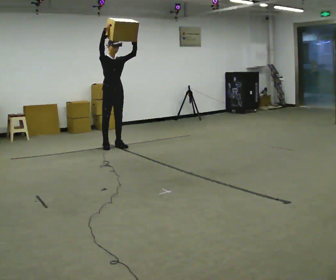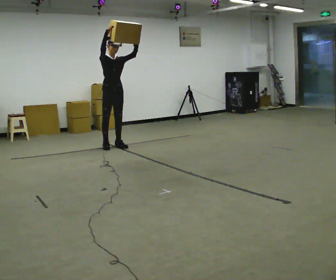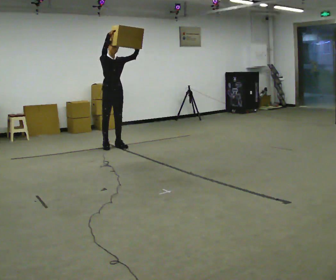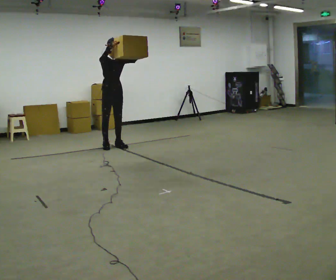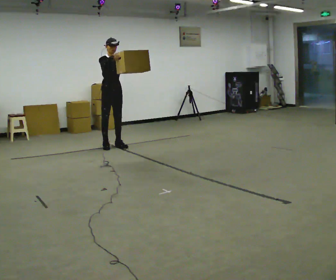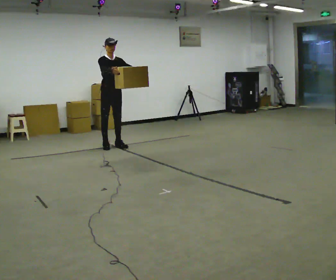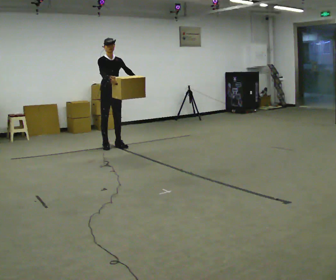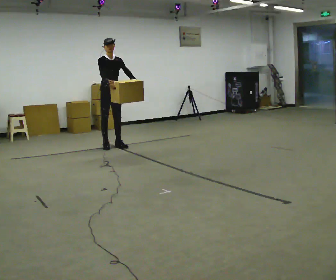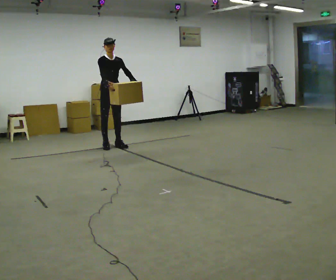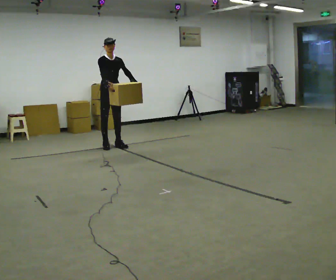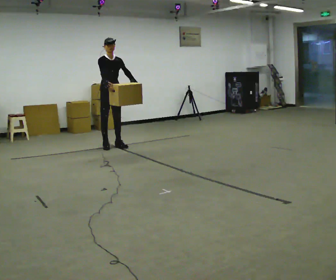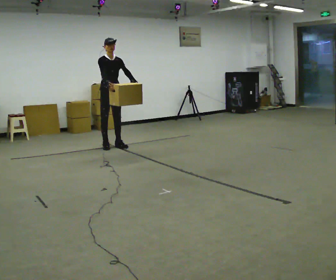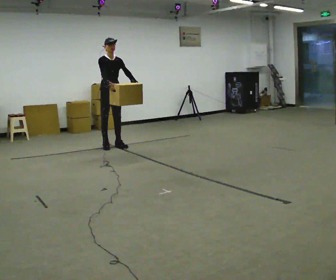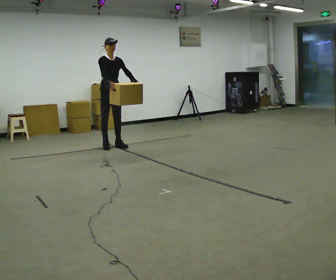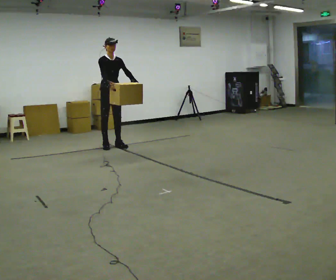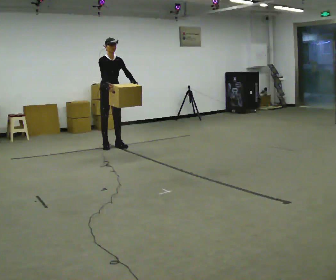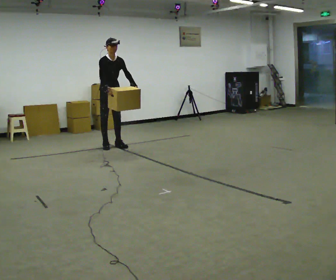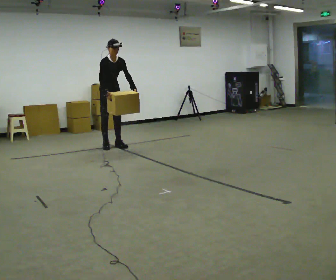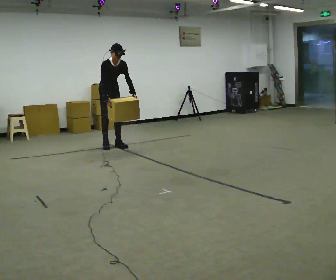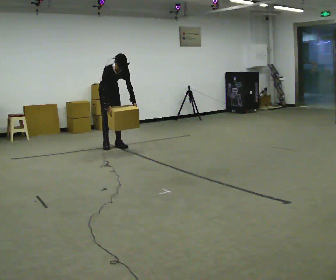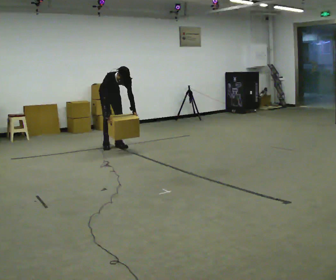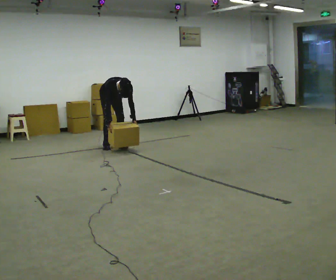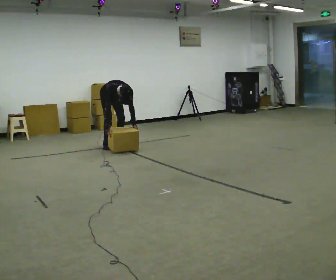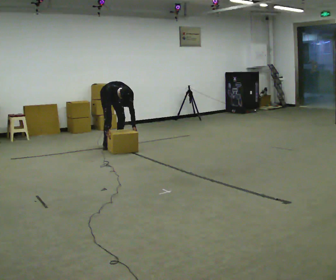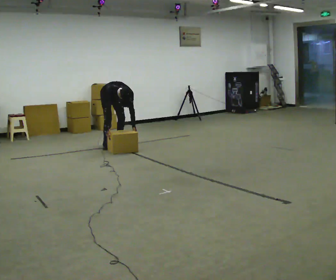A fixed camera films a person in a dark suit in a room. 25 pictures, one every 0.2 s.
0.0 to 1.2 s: In the picture their right hand goes downward.
1.2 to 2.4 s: The person moves a little, or ends about where they began.
2.4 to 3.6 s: The upper body tips toward the camera, its near side rolling downward, as they bend forward.
3.6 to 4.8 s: The shoulders move downward. The upper body tips toward the camera, its near side rolling downward, as they bend forward. In the picture their right hand goes downward.
The film runs backward here.
